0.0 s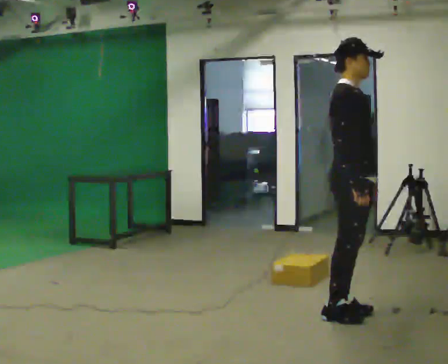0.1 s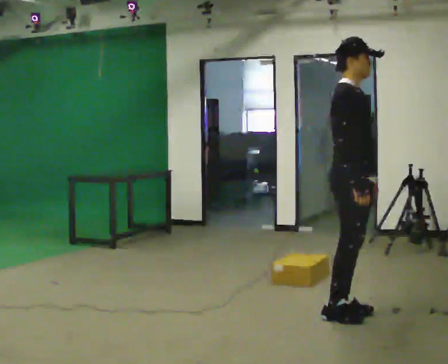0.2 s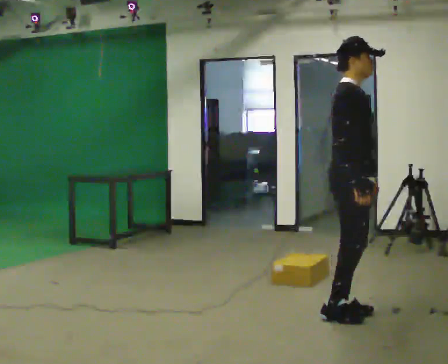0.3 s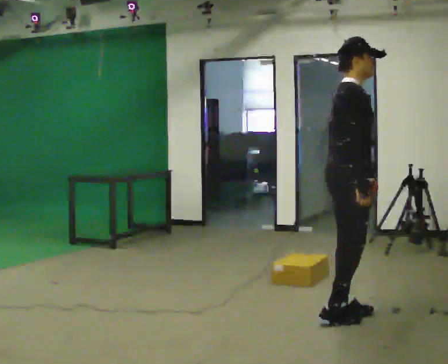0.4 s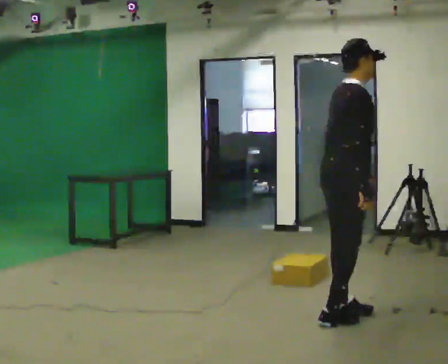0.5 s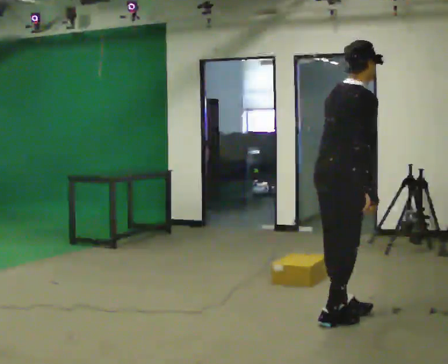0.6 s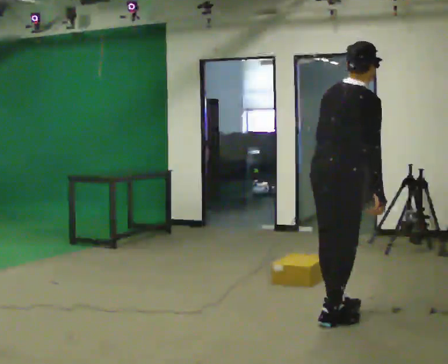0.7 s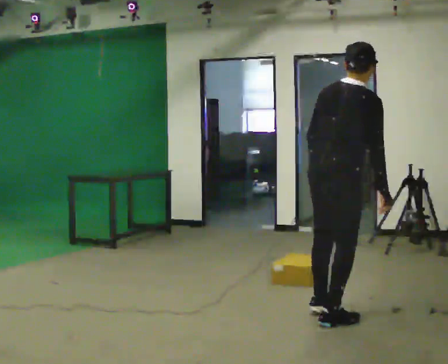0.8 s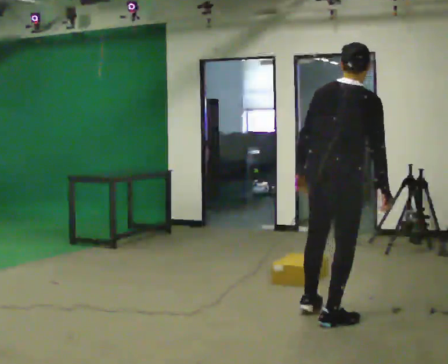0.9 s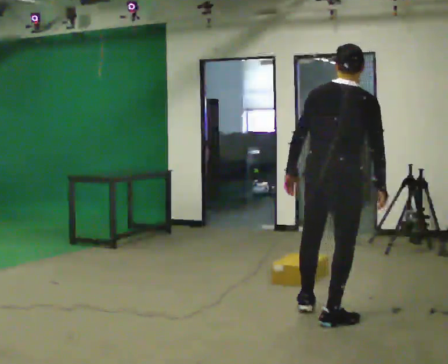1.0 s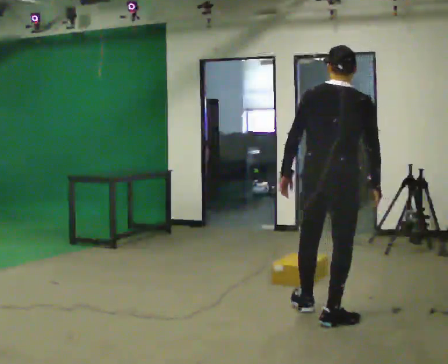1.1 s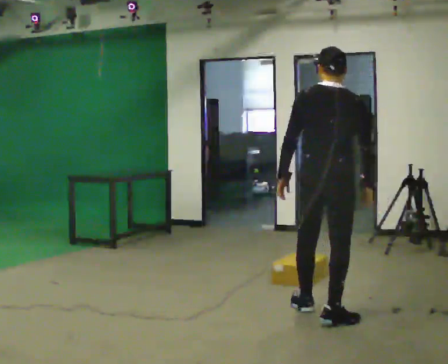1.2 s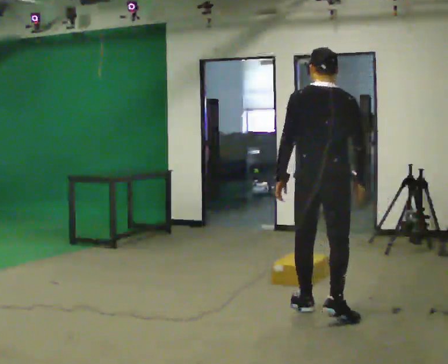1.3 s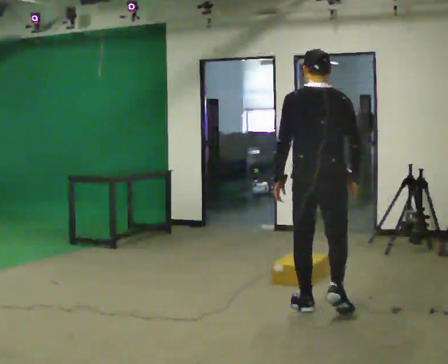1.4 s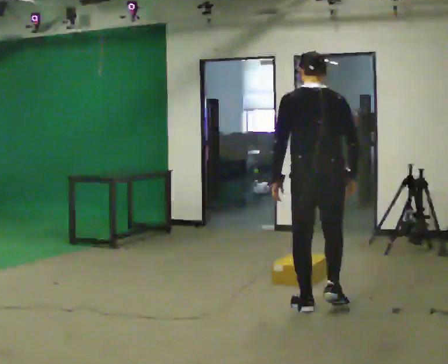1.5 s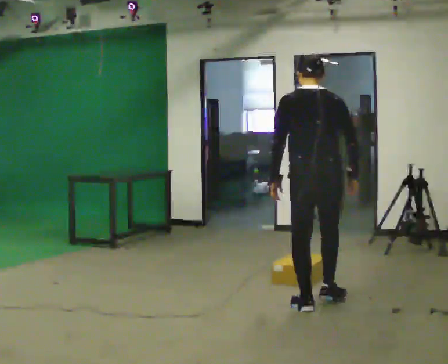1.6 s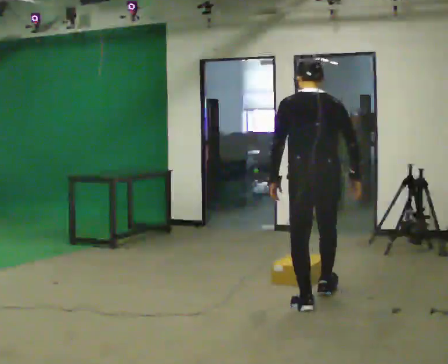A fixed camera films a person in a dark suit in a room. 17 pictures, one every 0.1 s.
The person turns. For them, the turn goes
to their left.
The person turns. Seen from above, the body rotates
counterclockwise.
0.0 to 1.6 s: The person turns about 105 degrees to their left, counterclockwise seen from above, so the part of the body nearest the lens slides to the right. In the picture they go away from the camera and to the left, about 0.5 m in 2 steps.
The film runs forward here.
